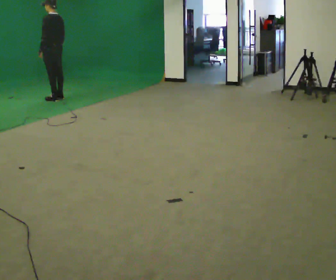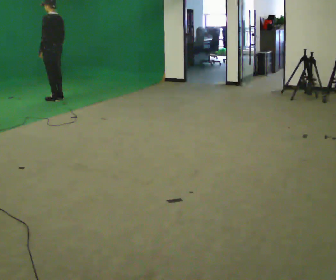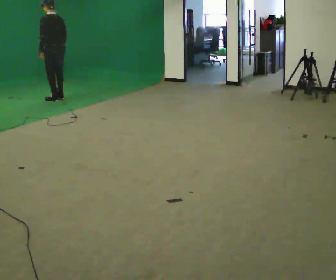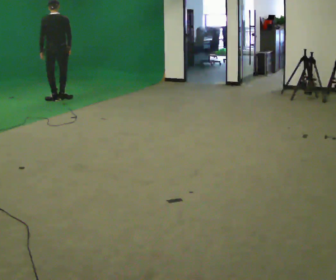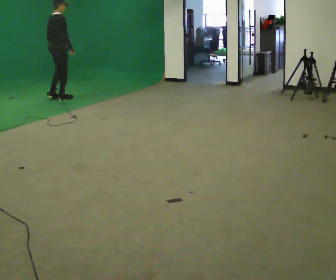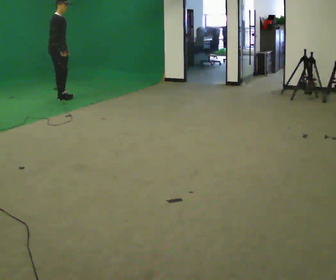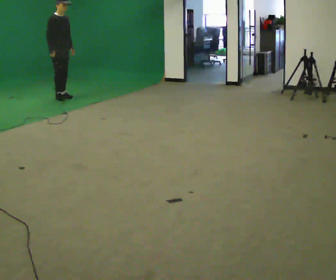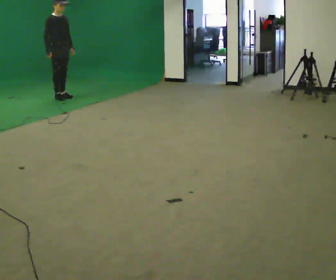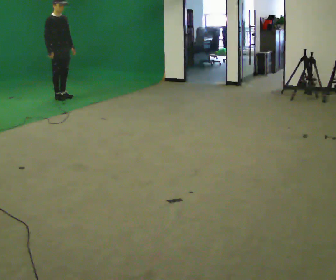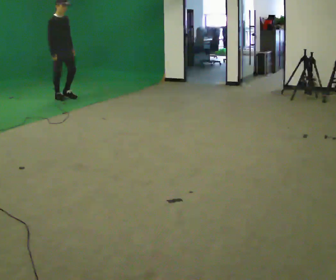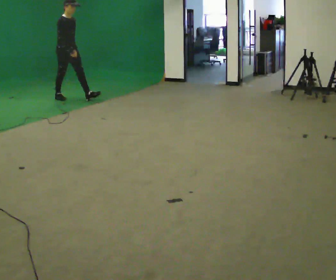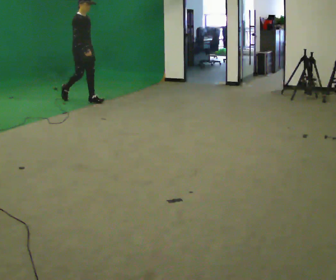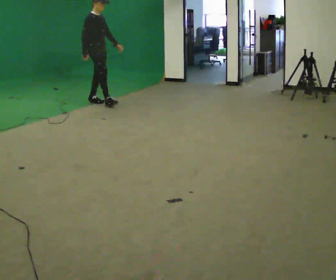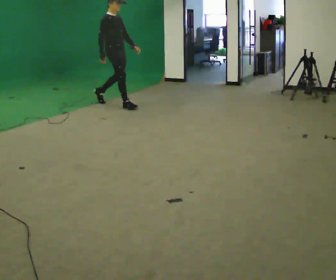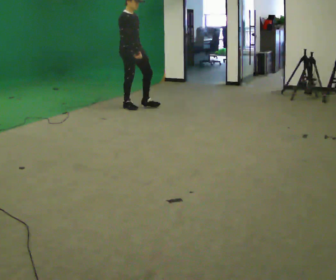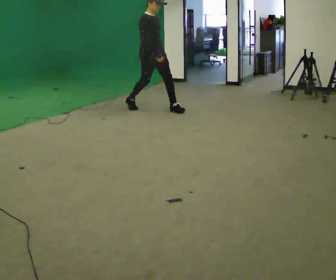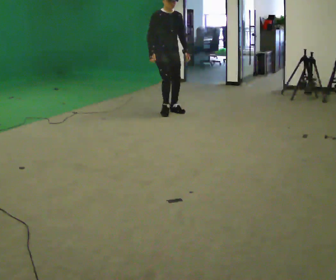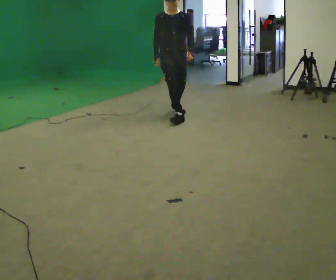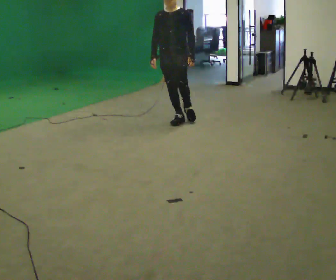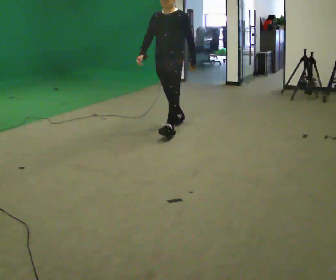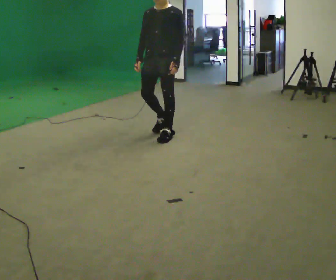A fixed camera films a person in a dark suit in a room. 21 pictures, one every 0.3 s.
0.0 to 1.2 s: The part of the body nearest the lens slides to the left as the person turns to their right by about 105 degrees.
1.2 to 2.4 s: The person turns about 75 degrees to their right, clockwise seen from above, so the part of the body nearest the lens slides to the left. In the picture their left hand goes to the right.
2.4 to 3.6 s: In the picture they go to the right and toward the camera, about 1 m in 1 step, which for them is forward.
3.6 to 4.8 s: The part of the body nearest the lens slides to the left as the person turns to their right by about 45 degrees. In the picture they go toward the camera and to the right, about 1.5 m in 2 steps, which for them is forward.
4.8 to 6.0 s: The person turns about 60 degrees to their right, clockwise seen from above, so the part of the body nearest the lens slides to the left. In the picture they go toward the camera, about 1 m in 2 steps, which for them is forward.
The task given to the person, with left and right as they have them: Walk; turn 90° left/right; walk several steps; stop.
The film runs forward here.
